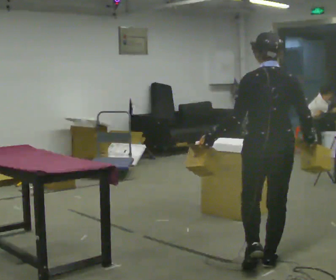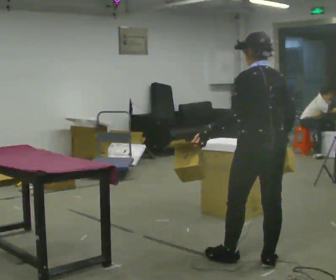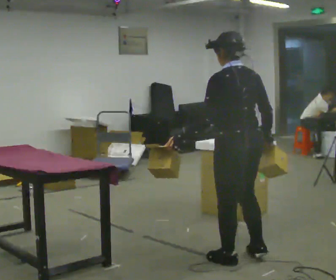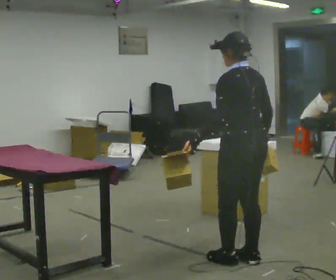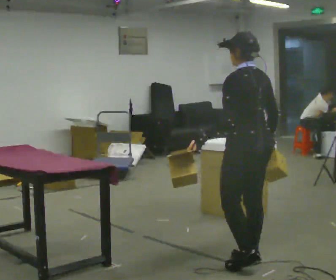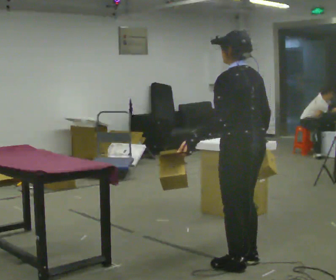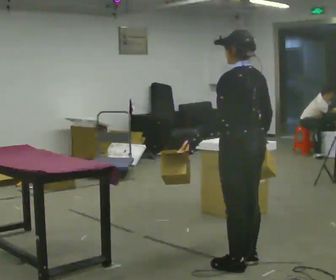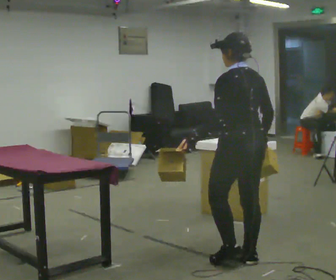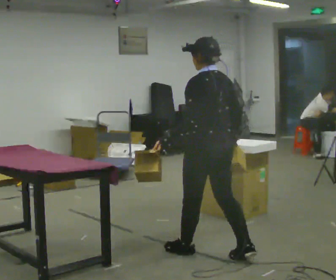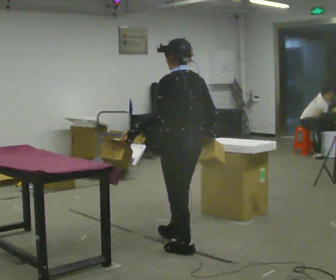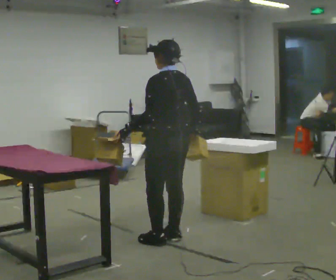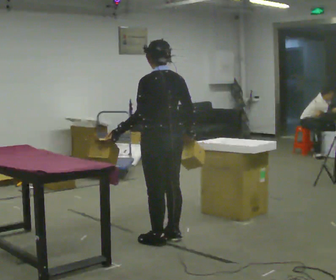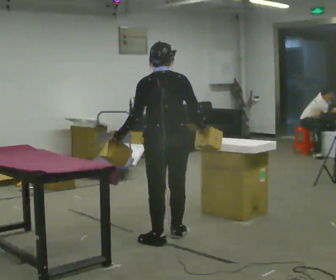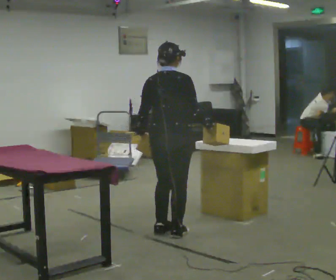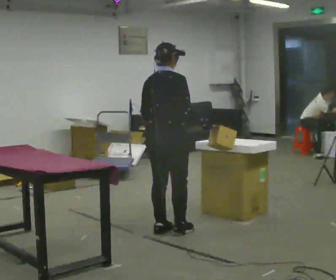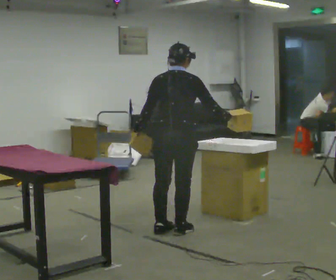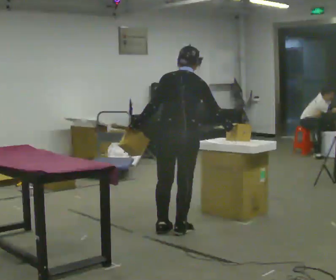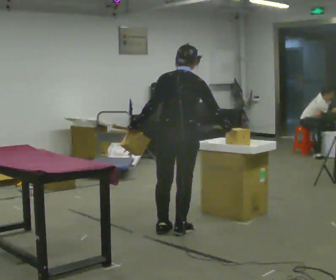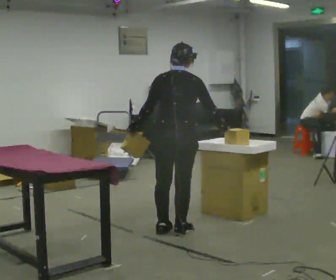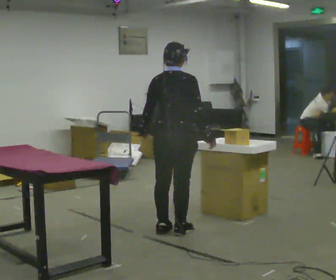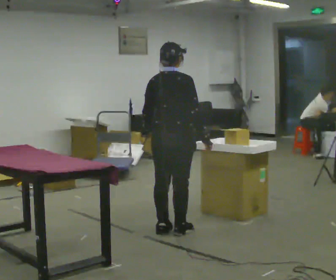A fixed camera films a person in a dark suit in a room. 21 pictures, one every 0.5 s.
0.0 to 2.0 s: Seen from above the body turns counterclockwise, about 30 degrees: to their left, with its near side sliding to the right.
2.0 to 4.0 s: In the picture they go to the left and away from the camera, about 0.25 m in 1 step, which for them is forward.
4.0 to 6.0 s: Seen from above the body turns clockwise, about 30 degrees: to their right, with its near side sliding to the left. In the picture they go away from the camera and to the left, about 0.5 m in 2 steps, which for them is forward.
6.0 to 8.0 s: In the picture they go away from the camera, about 0.25 m in 1 step, which for them is forward. In the picture the upper body tilts clockwise, shoulders to the right.
8.0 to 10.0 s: The person turns about 30 degrees to their right, clockwise seen from above, so the part of the body nearest the lens slides to the left.
The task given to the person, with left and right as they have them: Carry two objects across the room, then put just one of them on the shelf while still holding the other. Then bring them both back. Keep going until the operator says stop; one object at a time, and do not rush between trips.
The film runs forward here.
